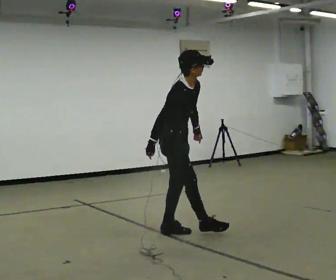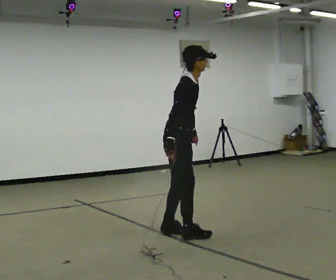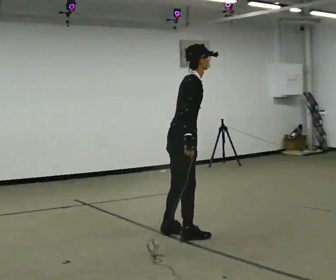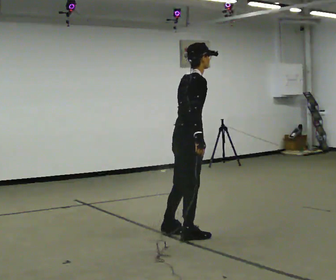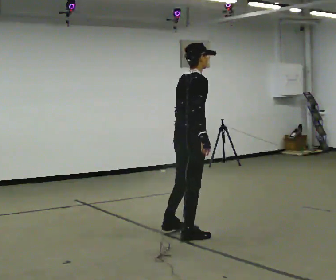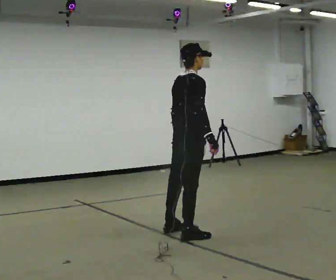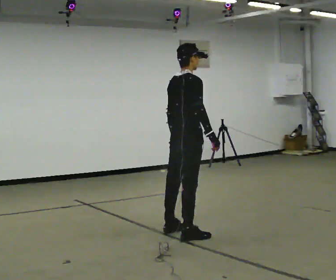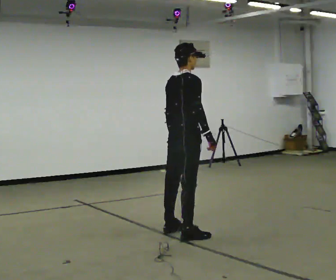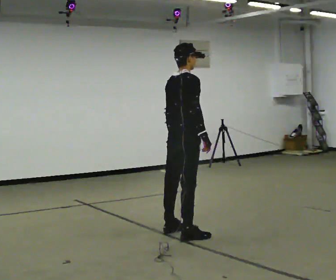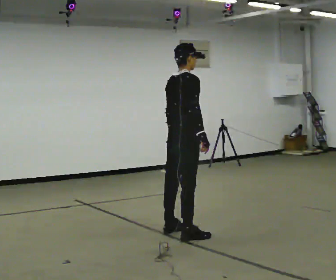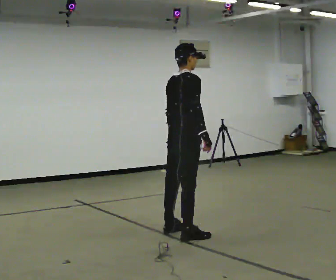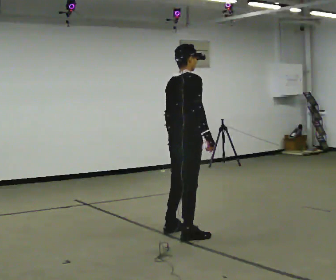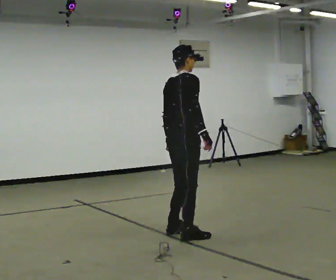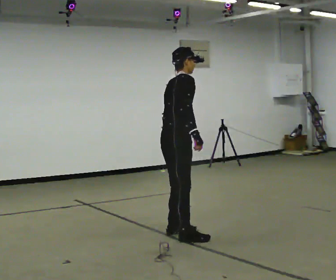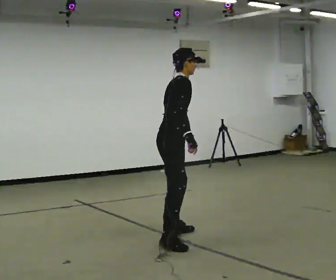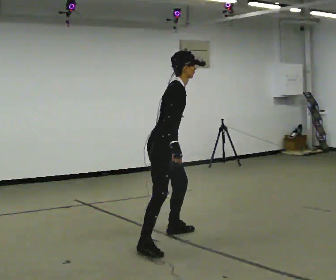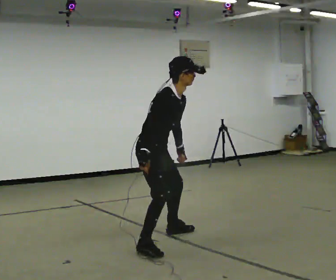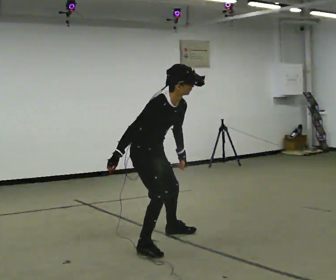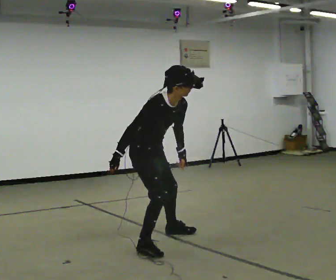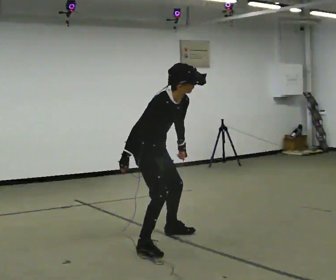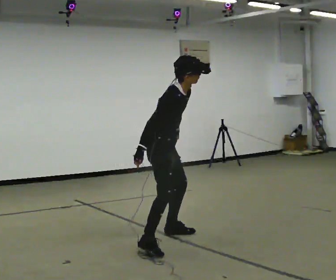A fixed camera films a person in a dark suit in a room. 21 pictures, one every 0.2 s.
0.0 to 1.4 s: Seen from above the body turns counterclockwise, about 60 degrees: to their left, with its near side sliding to the right. The upper body tips away from the camera, its near side rolling upward, as they lean back or straighten. In the picture their right hand goes to the right, the arm swinging counterclockwise.
1.4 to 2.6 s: The person moves a little, or ends about where they began.
2.6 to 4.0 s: Seen from above the body turns clockwise, about 45 degrees: to their right, with its near side sliding to the left. In the picture their right hand goes to the left.
The film runs forward here.
